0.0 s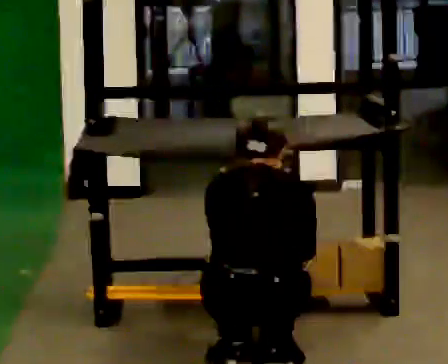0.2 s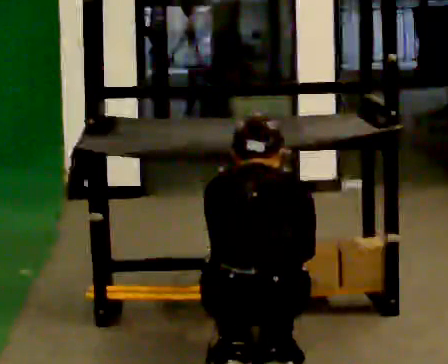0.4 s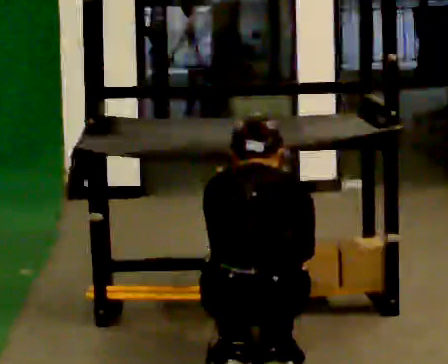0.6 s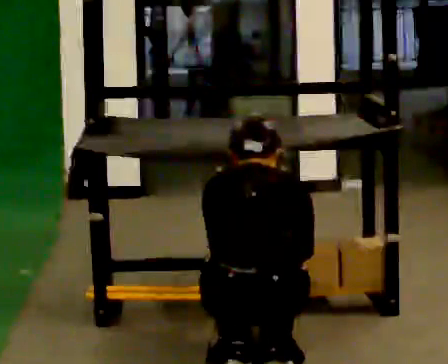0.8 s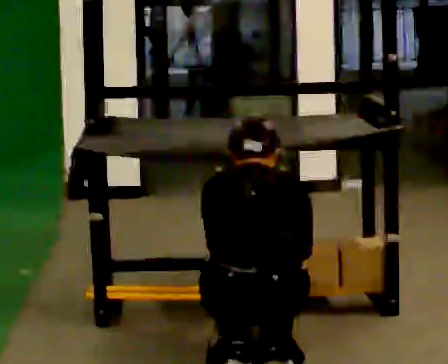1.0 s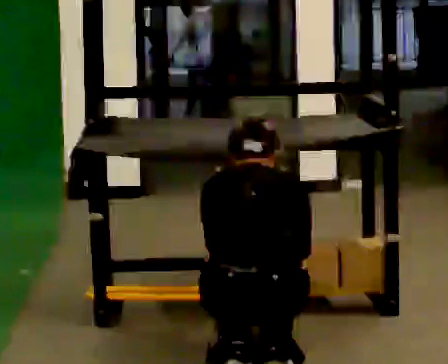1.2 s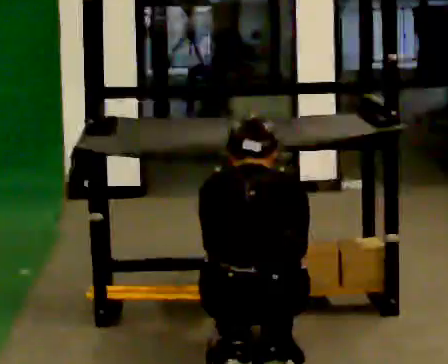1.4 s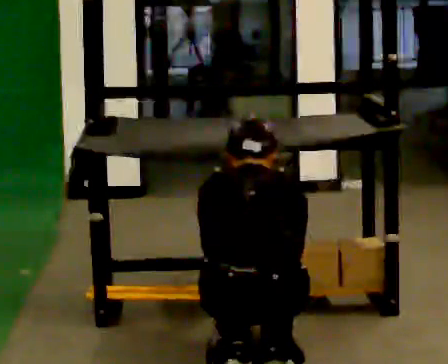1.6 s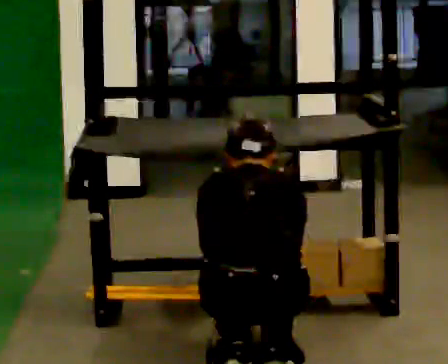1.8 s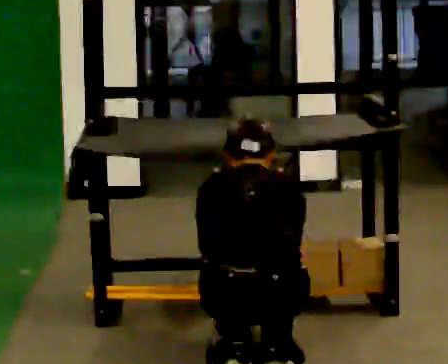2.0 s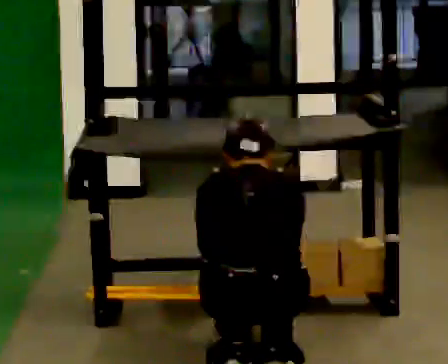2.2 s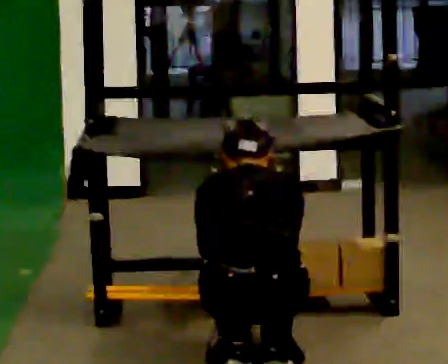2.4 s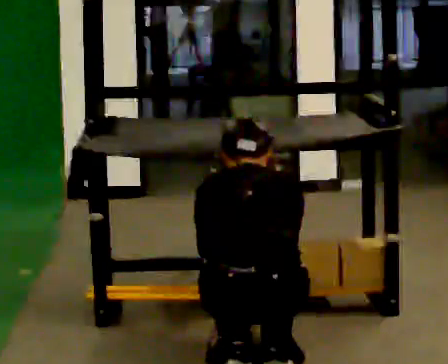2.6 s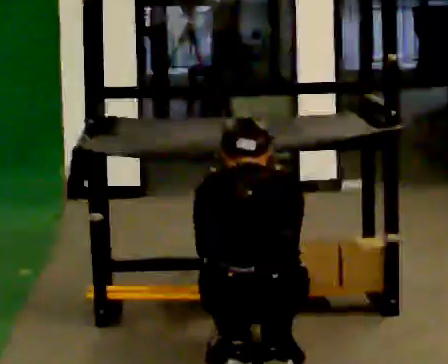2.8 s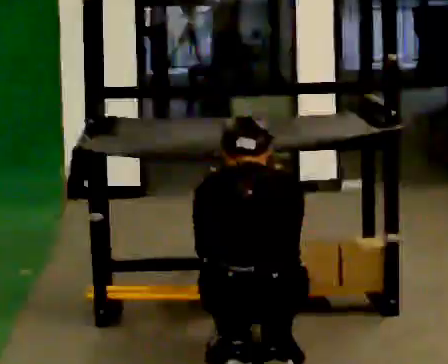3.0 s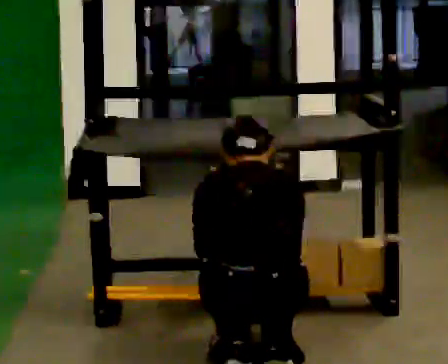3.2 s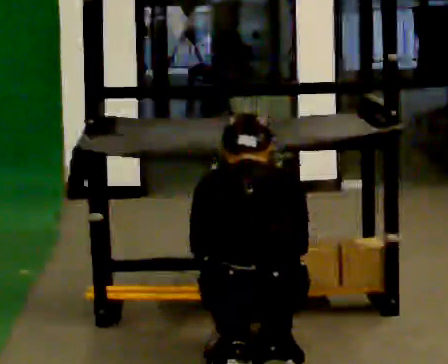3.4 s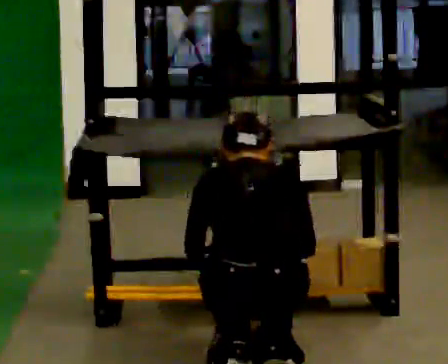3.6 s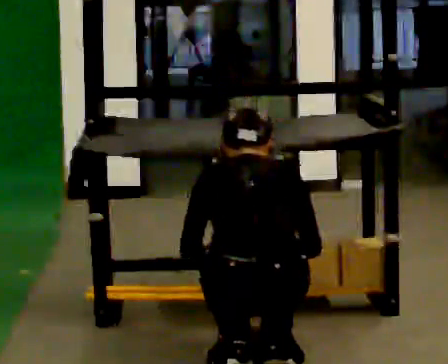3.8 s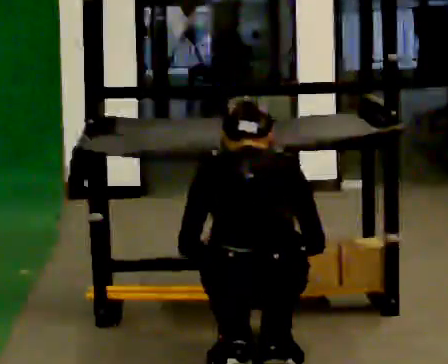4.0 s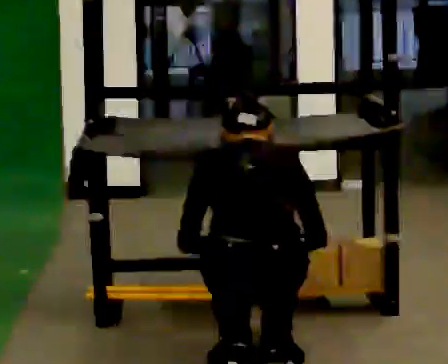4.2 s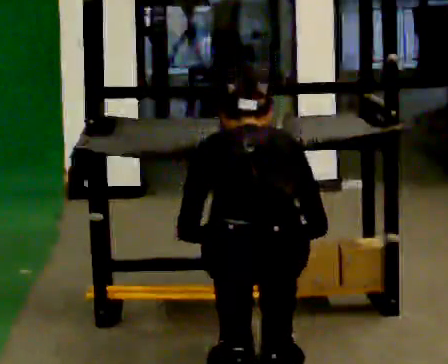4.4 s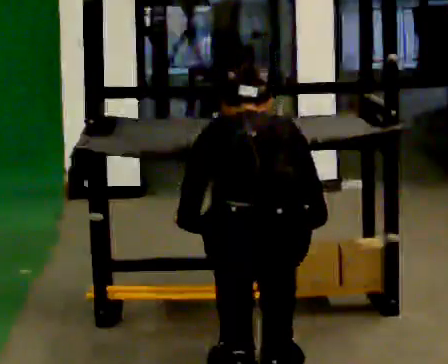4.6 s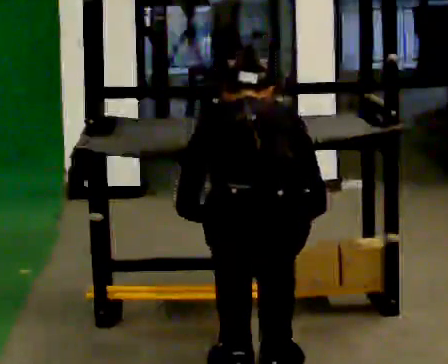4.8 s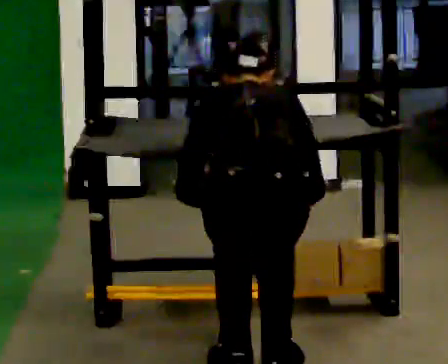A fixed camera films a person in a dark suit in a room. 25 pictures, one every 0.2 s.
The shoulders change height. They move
upward.
0.0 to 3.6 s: The person moves a little, or ends about where they began.
3.6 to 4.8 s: The shoulders move upward.
The film runs backward here.
